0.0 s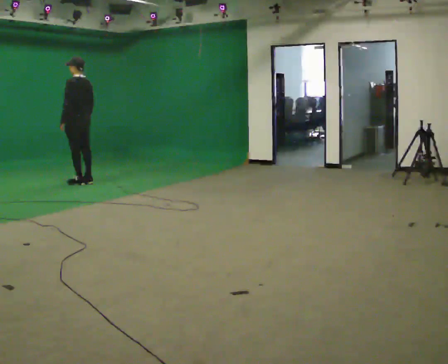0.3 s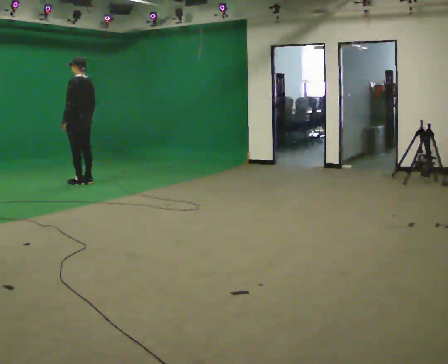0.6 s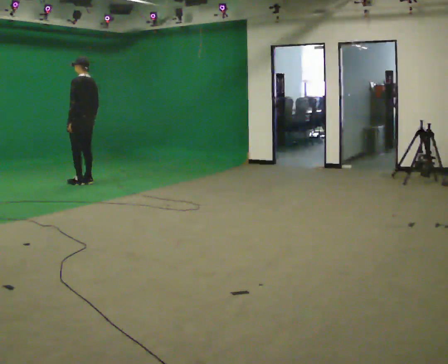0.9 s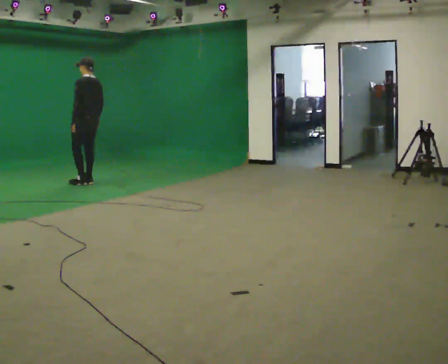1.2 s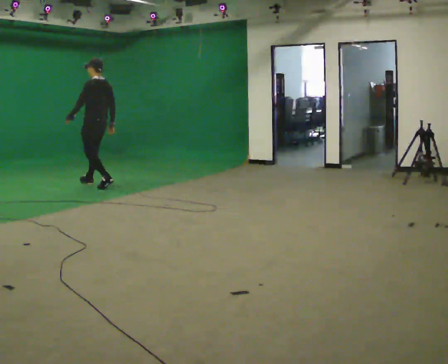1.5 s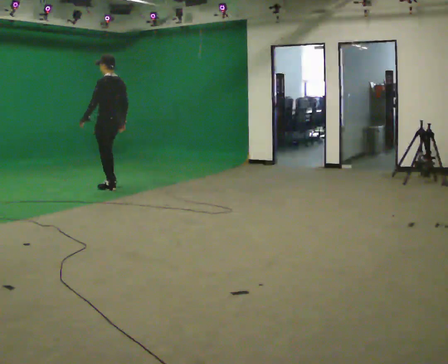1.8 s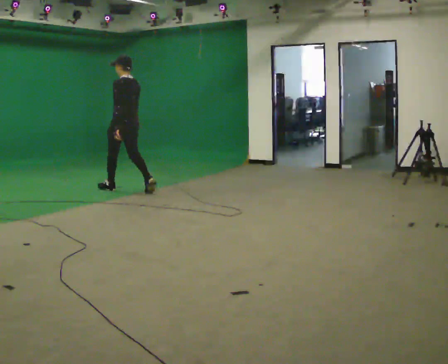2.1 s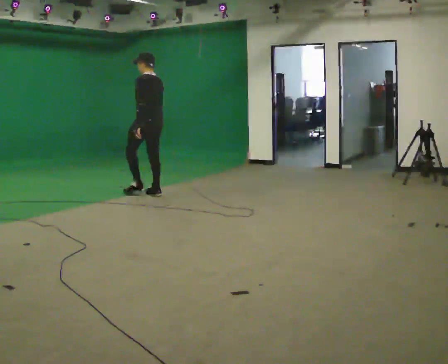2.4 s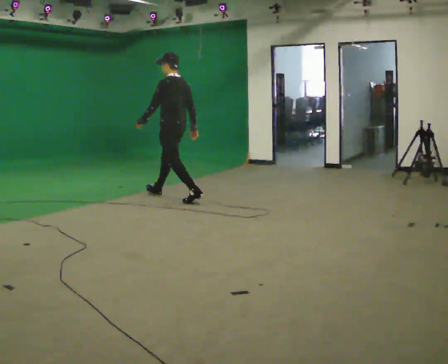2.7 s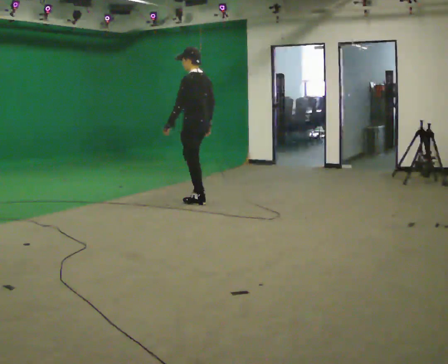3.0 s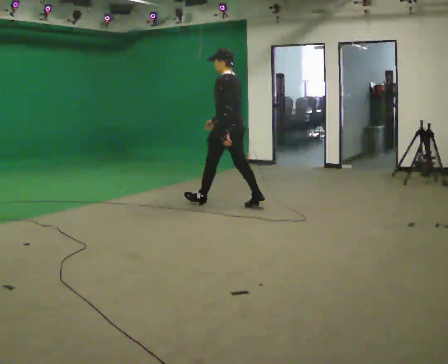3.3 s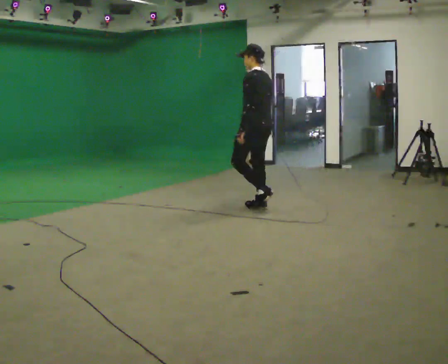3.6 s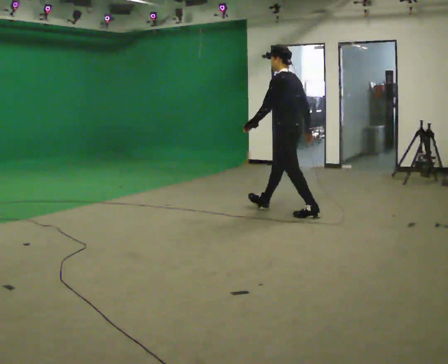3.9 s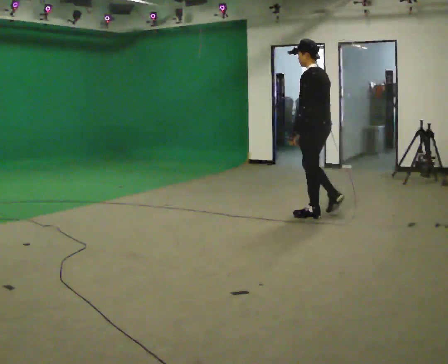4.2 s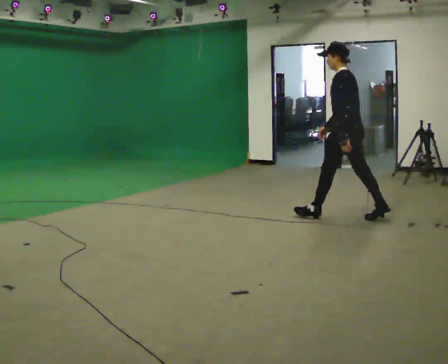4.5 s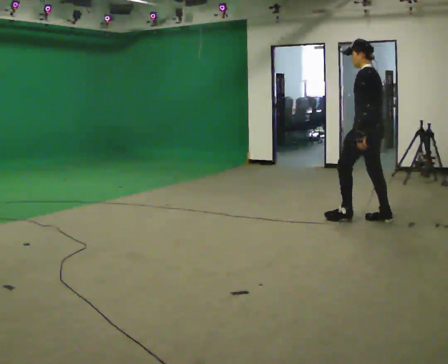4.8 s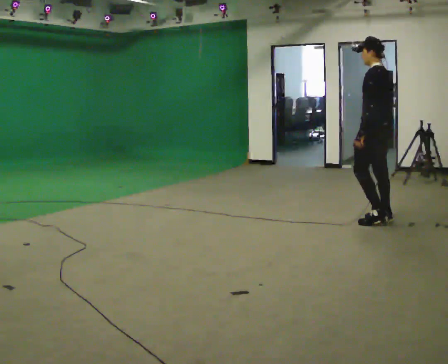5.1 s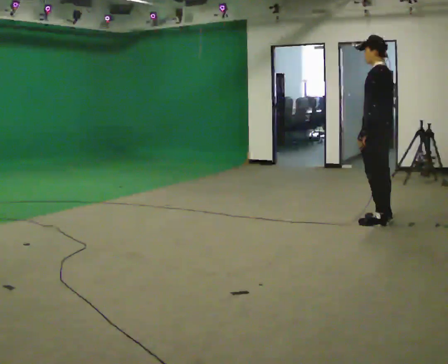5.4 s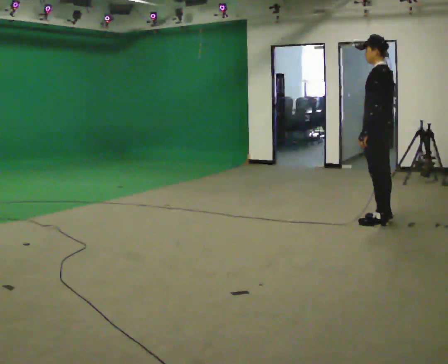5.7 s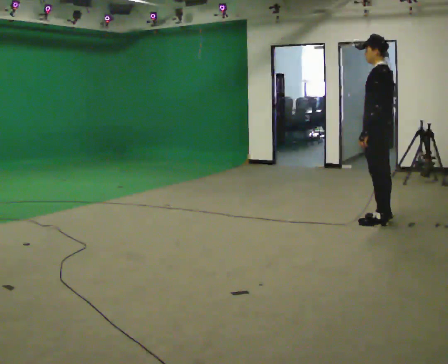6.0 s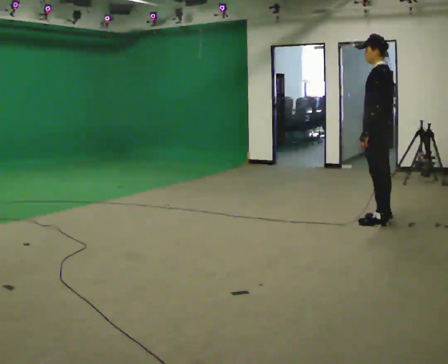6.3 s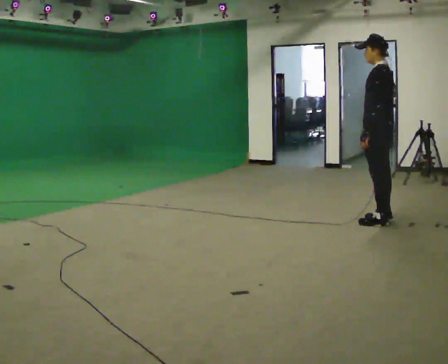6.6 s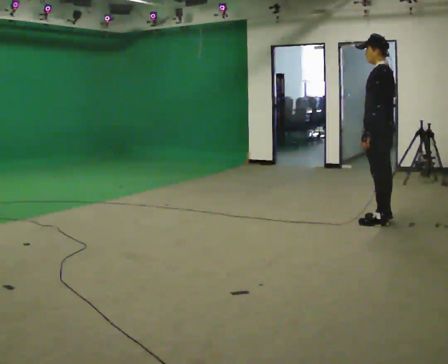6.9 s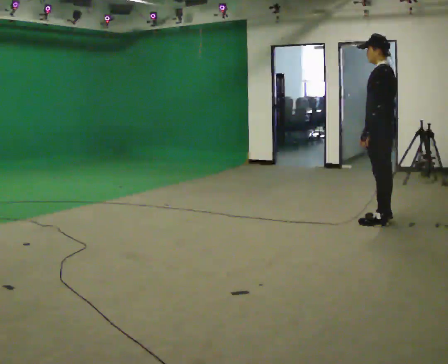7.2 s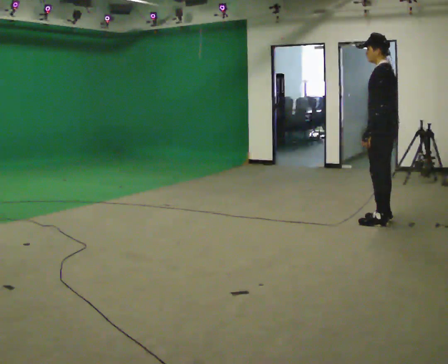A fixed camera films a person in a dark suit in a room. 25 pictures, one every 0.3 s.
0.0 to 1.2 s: In the picture they go to the right, about 0.25 m in 1 step, which for them is backward.
1.2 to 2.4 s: In the picture they go to the right and toward the camera, about 1.5 m in 2 steps, which for them is backward.
2.4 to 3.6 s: In the picture they go to the right and toward the camera, about 1.5 m in 3 steps, which for them is backward.
3.6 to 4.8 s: In the picture they go to the right and toward the camera, about 1 m in 1 step, which for them is backward.
4.8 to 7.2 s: The person moves a little, or ends about where they began.
The film runs backward here.
